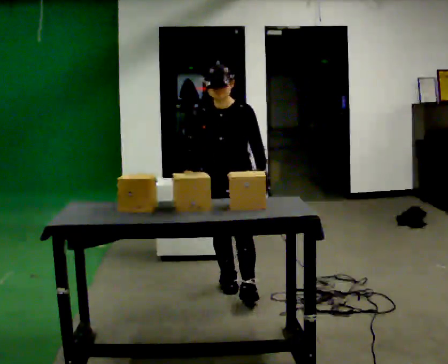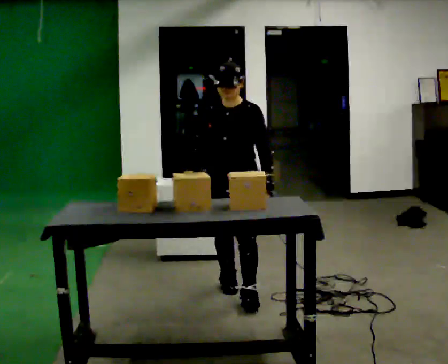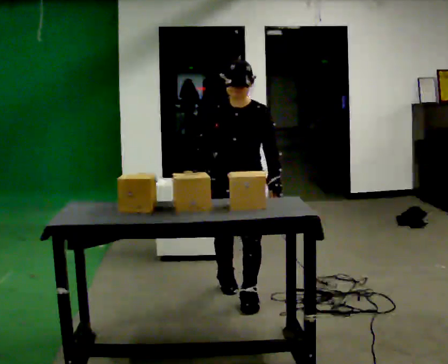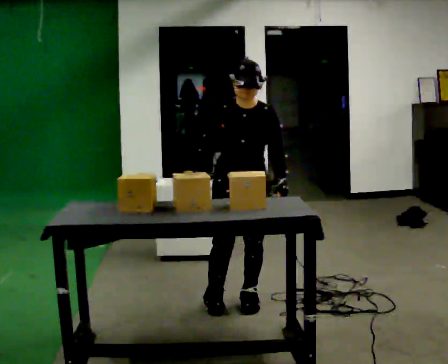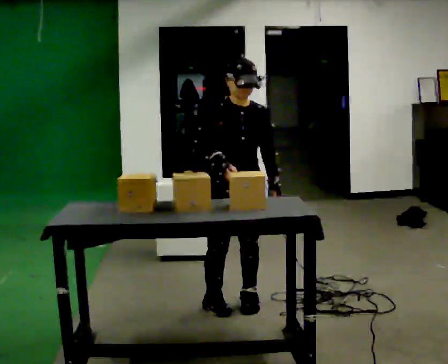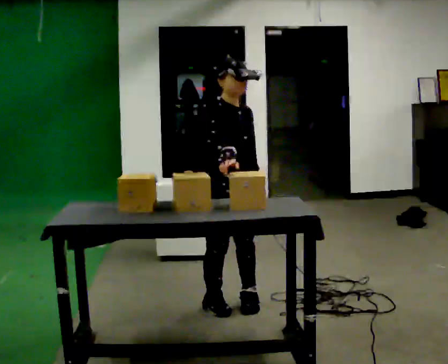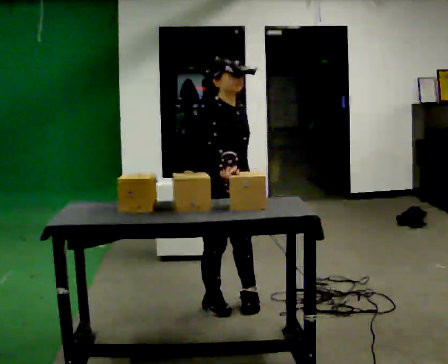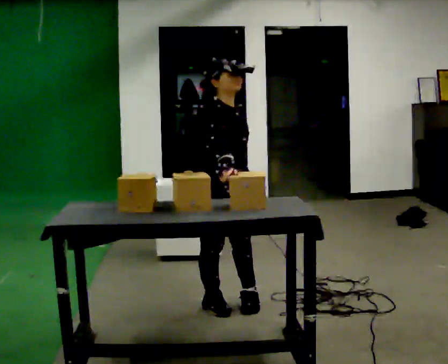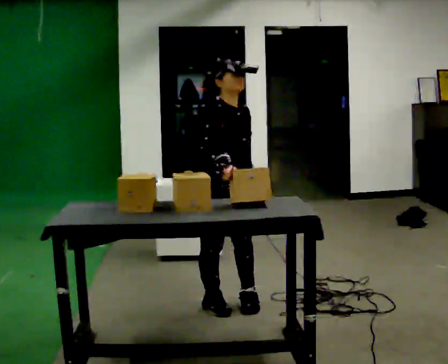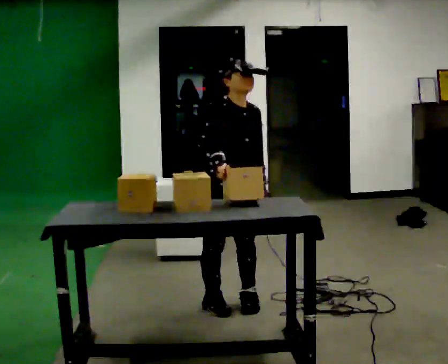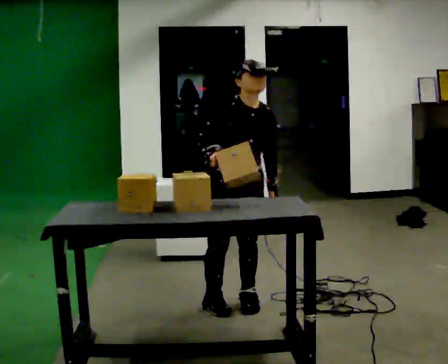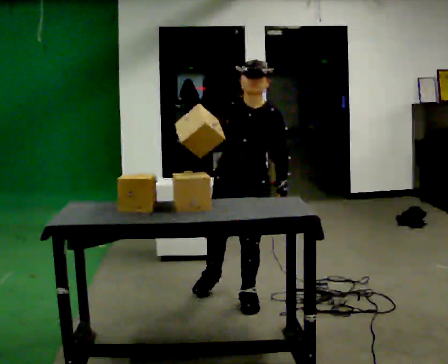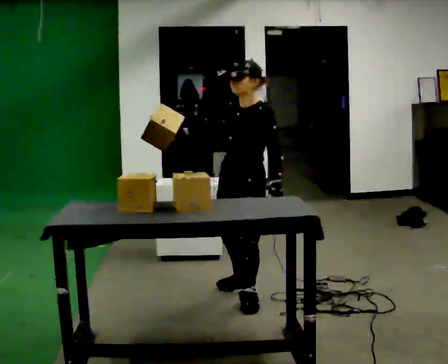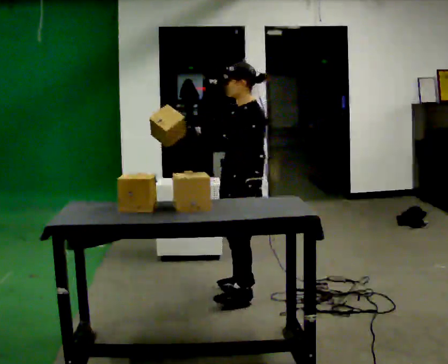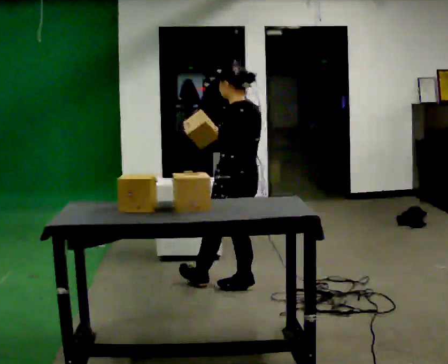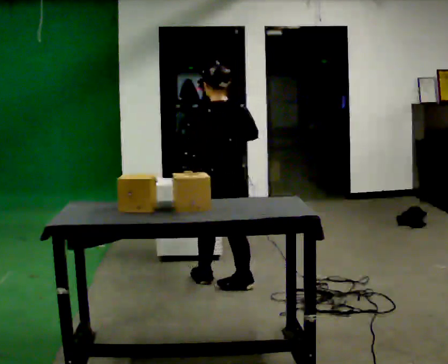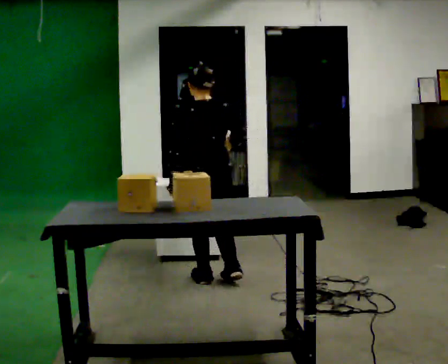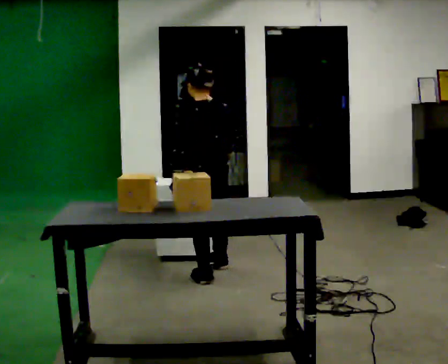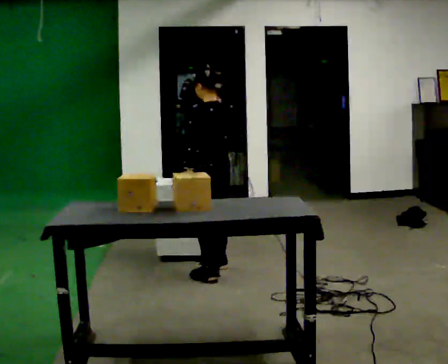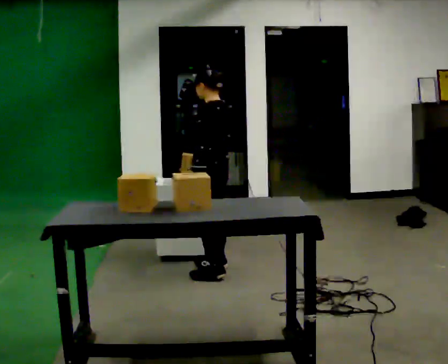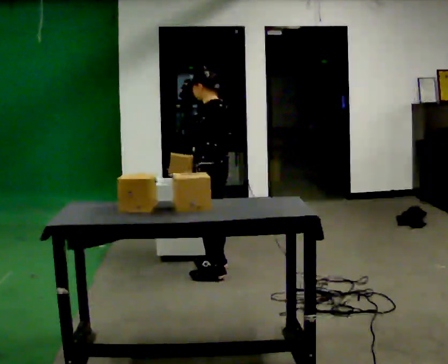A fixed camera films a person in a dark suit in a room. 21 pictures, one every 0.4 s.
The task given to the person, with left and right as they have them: 1. Move all 12 boxes from the shelf at one end of the room to the shelf at the other end. 2. The cart is not available today, so carry them. 3. Tell the operator when you are finished.
0.0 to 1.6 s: The part of the body nearest the lens slides to the right as the person turns to their left by about 30 degrees. In the picture they go toward the camera, about 0.25 m in 1 step, which for them is forward.
1.6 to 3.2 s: The part of the body nearest the lens slides to the right as the person turns to their left by about 30 degrees.
3.2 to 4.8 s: The person turns about 90 degrees to their right, clockwise seen from above, so the part of the body nearest the lens slides to the left. In the picture they go away from the camera, about 0.25 m in 1 step. In the picture their right hand goes to the left.
4.8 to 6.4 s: The person turns about 120 degrees to their right, clockwise seen from above, so the part of the body nearest the lens slides to the left. In the picture they go away from the camera and to the left, about 0.5 m in 1 step.
6.4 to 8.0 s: Seen from above the body turns counterclockwise, about 60 degrees: to their left, with its near side sliding to the right. In the picture they go away from the camera, about 0.25 m in 1 step.
The film runs forward here.
